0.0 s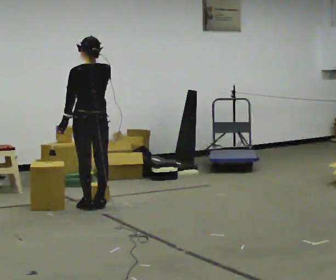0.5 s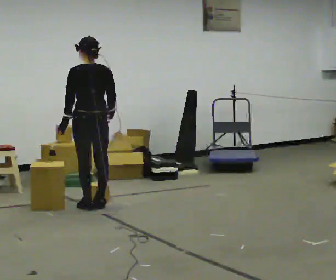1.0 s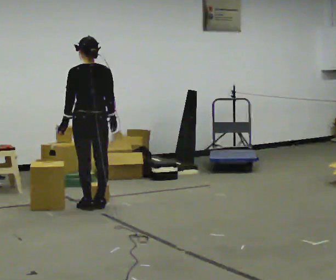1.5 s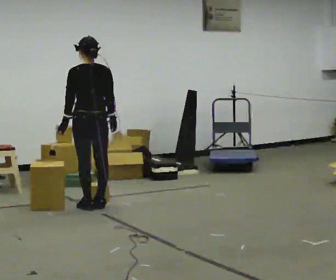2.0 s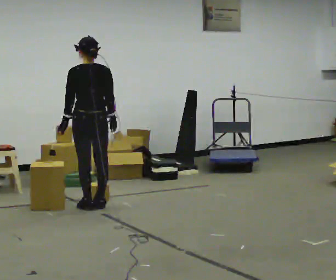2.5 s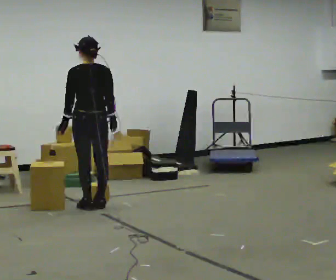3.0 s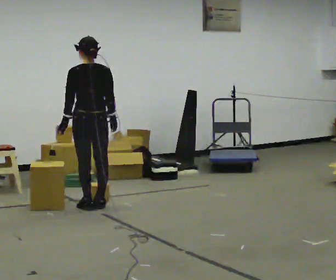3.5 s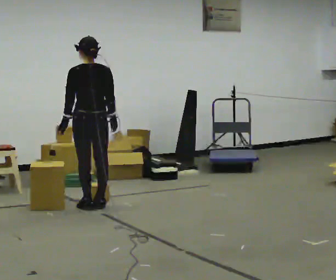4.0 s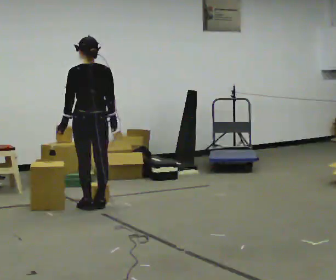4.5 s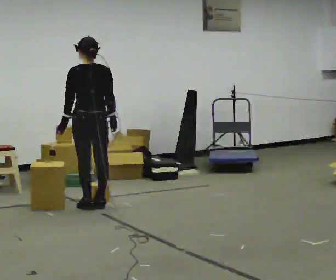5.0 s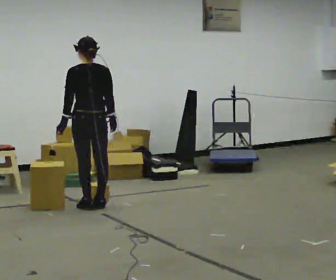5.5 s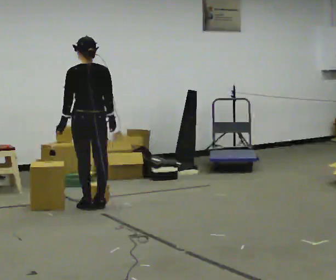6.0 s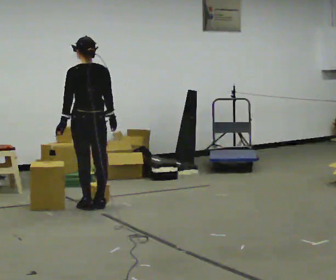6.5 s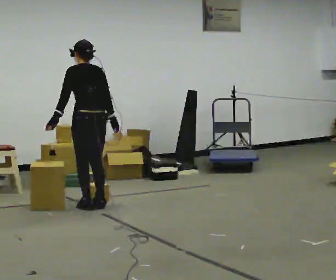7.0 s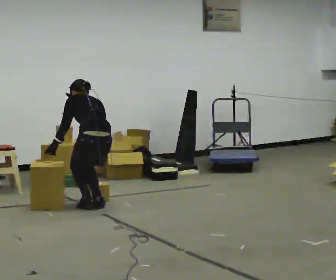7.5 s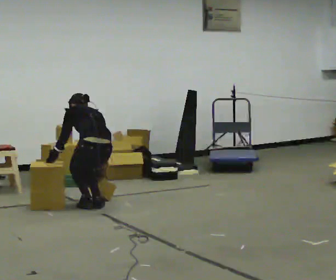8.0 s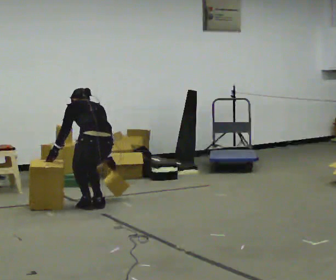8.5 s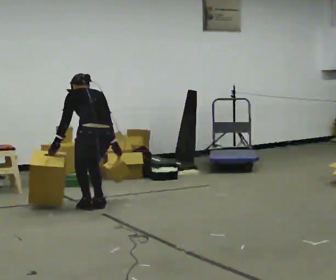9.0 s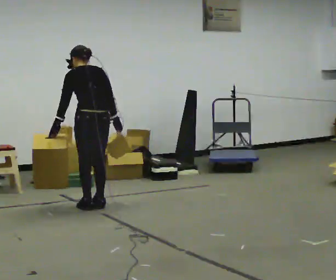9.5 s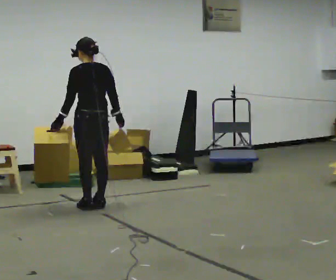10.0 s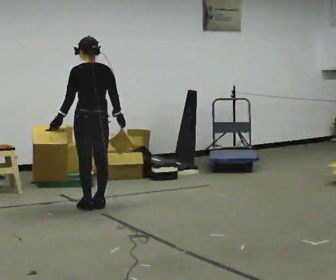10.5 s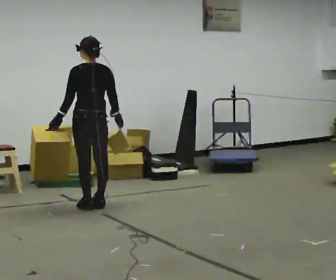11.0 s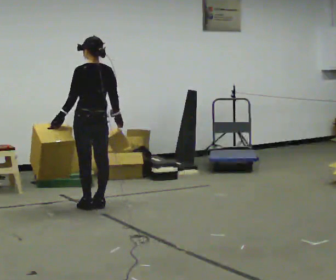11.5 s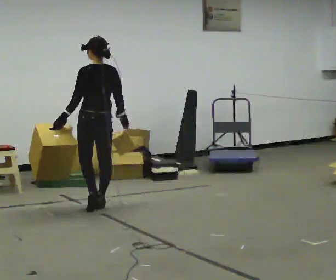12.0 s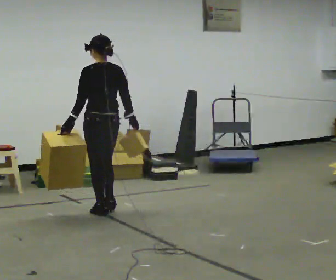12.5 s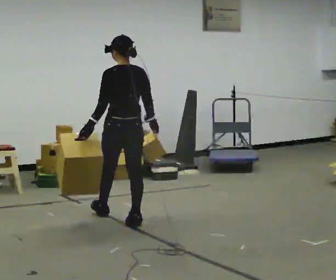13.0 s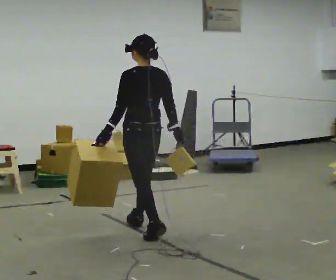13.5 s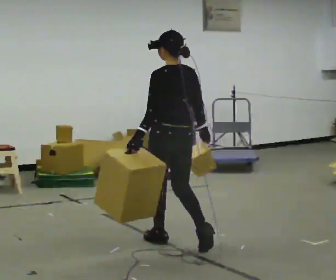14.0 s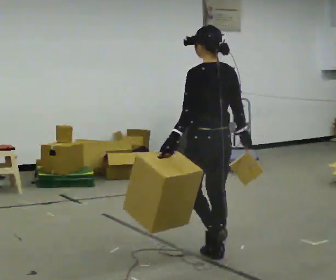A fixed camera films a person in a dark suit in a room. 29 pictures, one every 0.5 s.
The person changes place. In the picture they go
toward the camera.
0.0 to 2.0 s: In the picture their right hand goes downward.
2.0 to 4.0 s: The person keeps their place and pose.
4.0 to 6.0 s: The person moves a little, or ends about where they began.
6.0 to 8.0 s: The shoulders move downward. The upper body tips away from the camera, its near side rolling upward, as they bend forward.
8.0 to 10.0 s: The upper body goes upward. The upper body tips toward the camera, its near side rolling downward, as they lean back or straighten. In the picture their right hand goes upward.
10.0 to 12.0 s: In the picture they go toward the camera, about 0.25 m in 2 steps, which for them is backward.
12.0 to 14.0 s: In the picture they go toward the camera and to the right, about 1.5 m in 3 steps, which for them is backward.
The film runs backward here.
